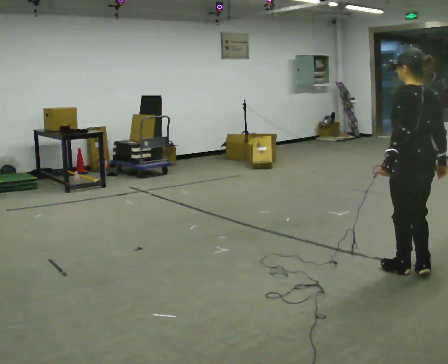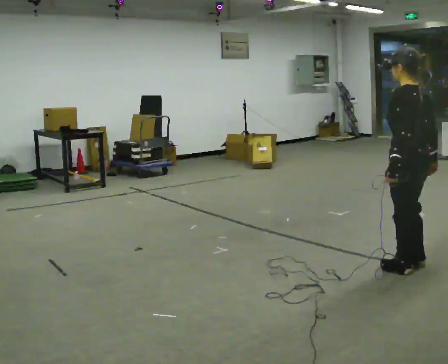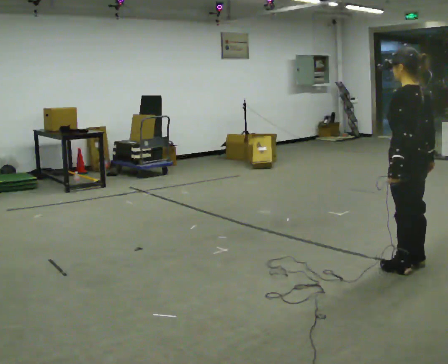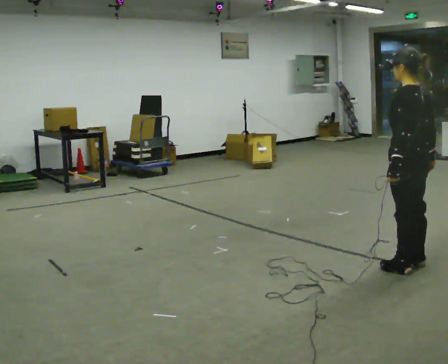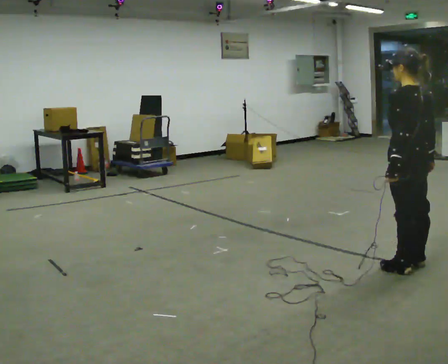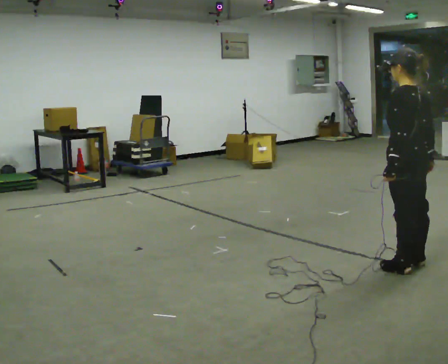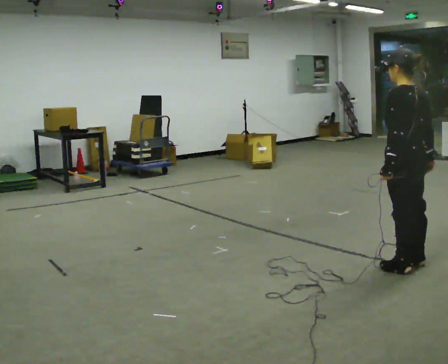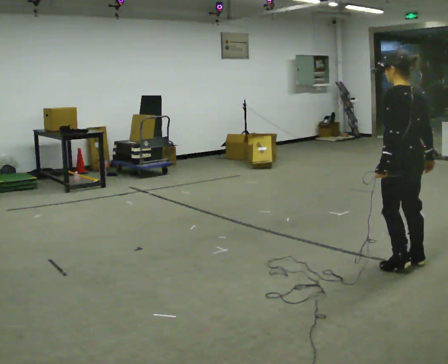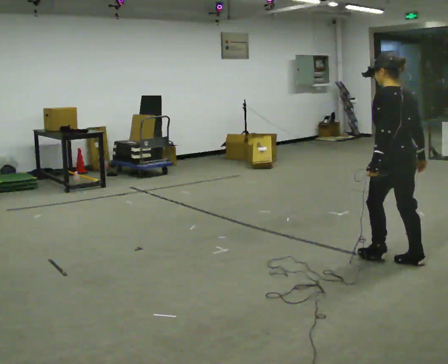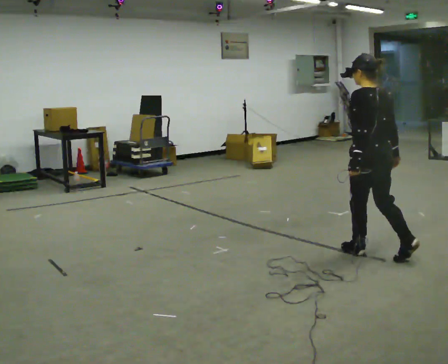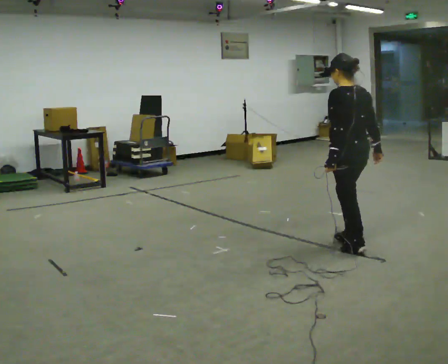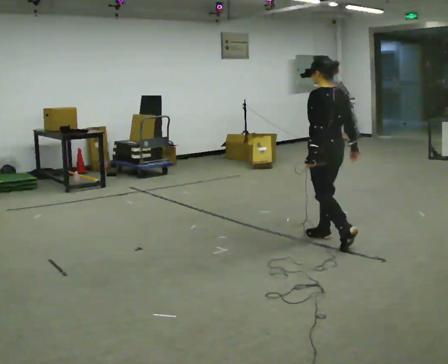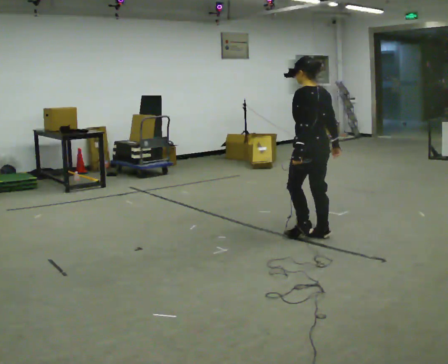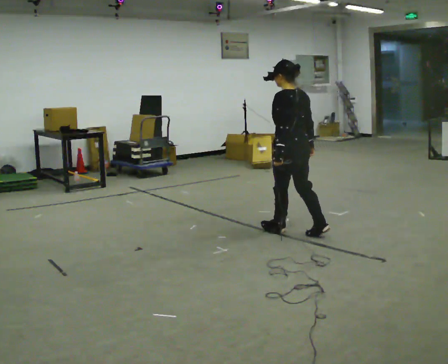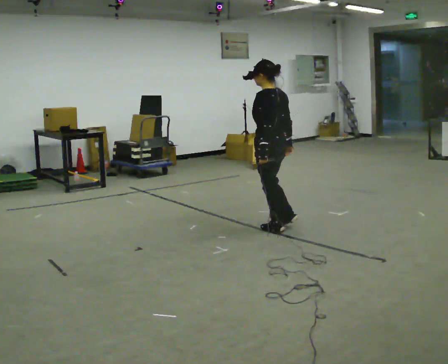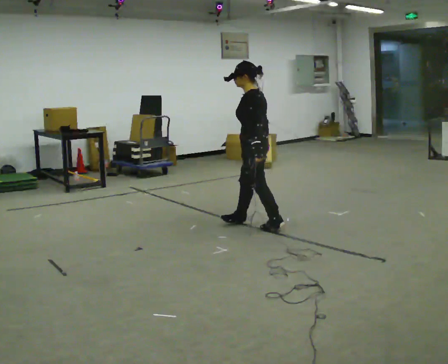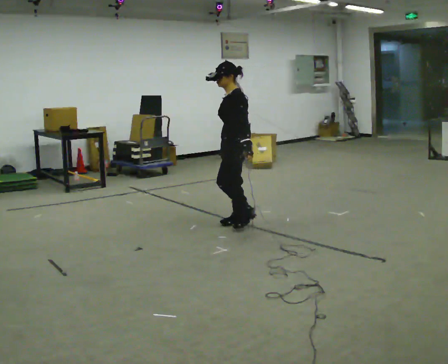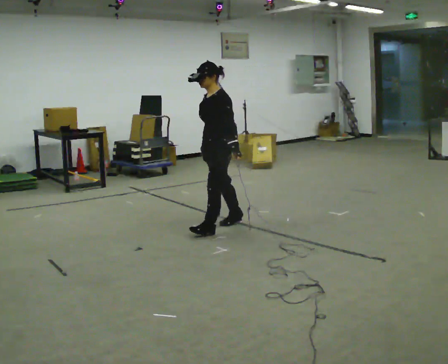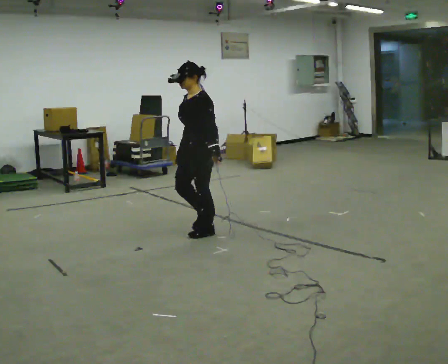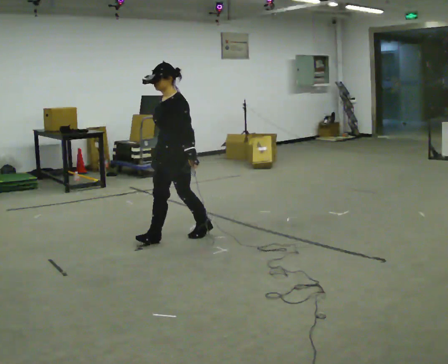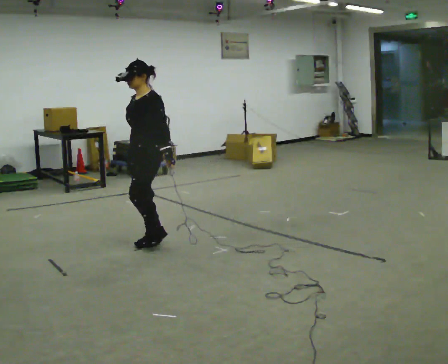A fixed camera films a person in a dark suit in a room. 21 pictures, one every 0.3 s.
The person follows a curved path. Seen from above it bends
counterclockwise.
Their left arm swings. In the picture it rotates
counterclockwise.
0.0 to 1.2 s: The person moves a little, or ends about where they began.
1.2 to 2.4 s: In the picture they go away from the camera, about 0.25 m, which for them is forward.
2.4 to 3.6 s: In the picture they go away from the camera and to the left, about 1 m in 2 steps, which for them is forward.
3.6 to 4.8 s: The part of the body nearest the lens slides to the right as the person turns to their left by about 60 degrees. In the picture they go to the left and away from the camera, about 0.5 m in 2 steps.
4.8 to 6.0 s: The part of the body nearest the lens slides to the right as the person turns to their left by about 30 degrees. In the picture they go to the left and toward the camera, about 1 m in 2 steps, which for them is forward.
The film runs forward here.
